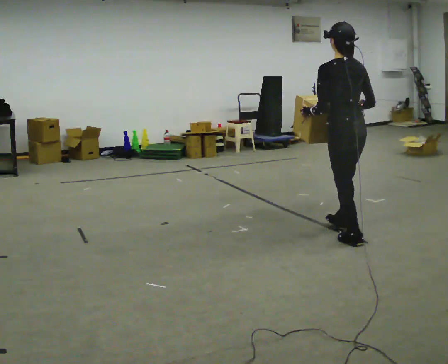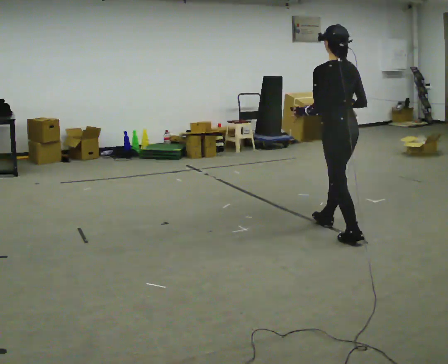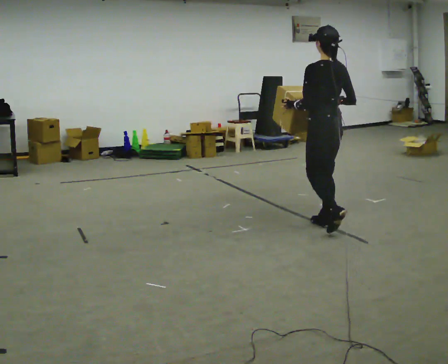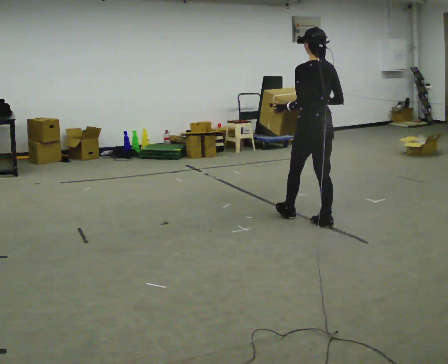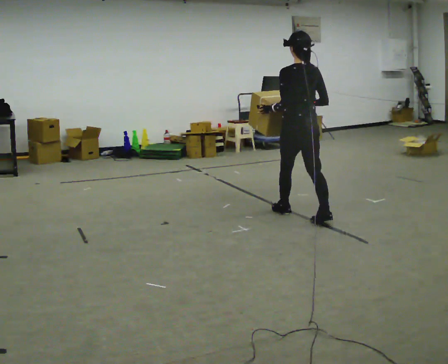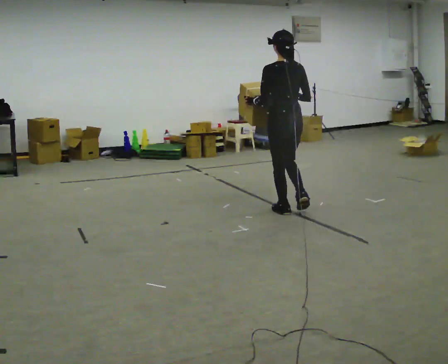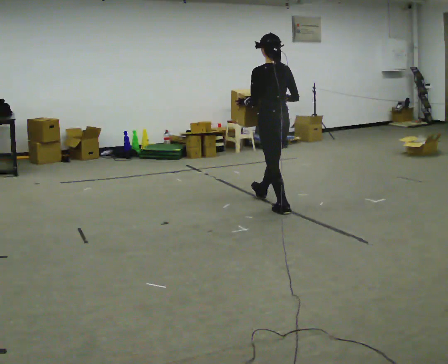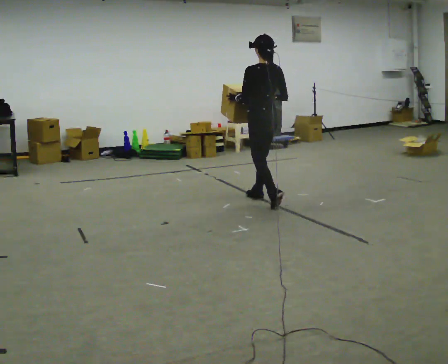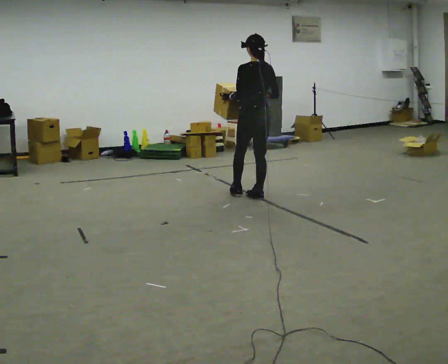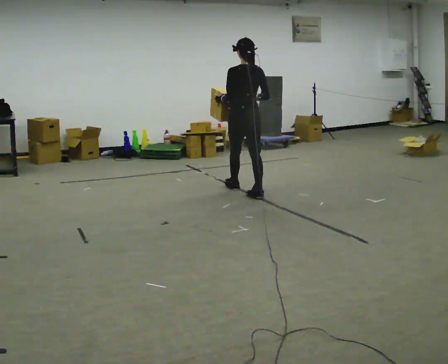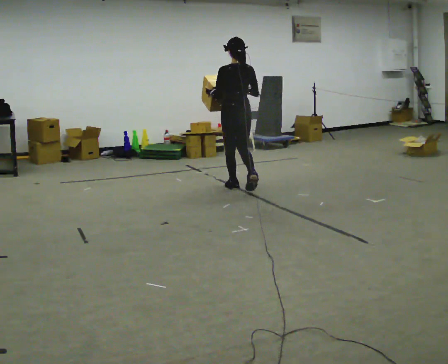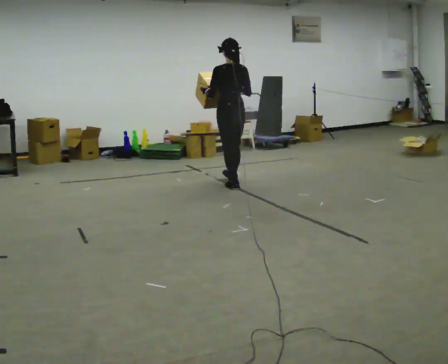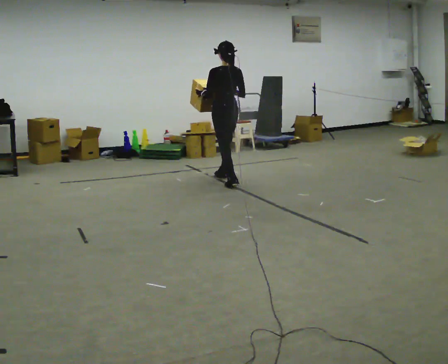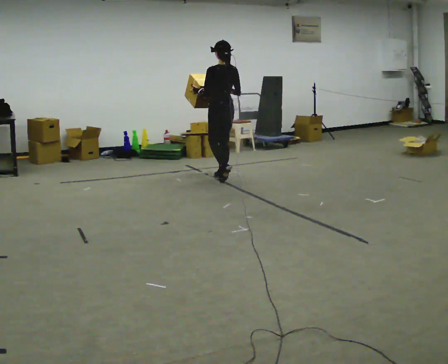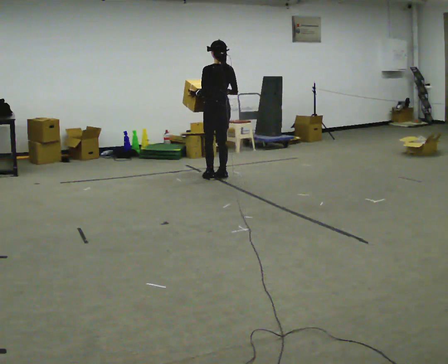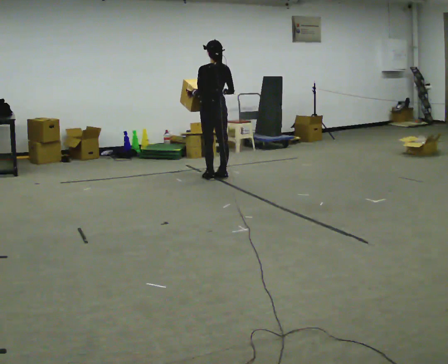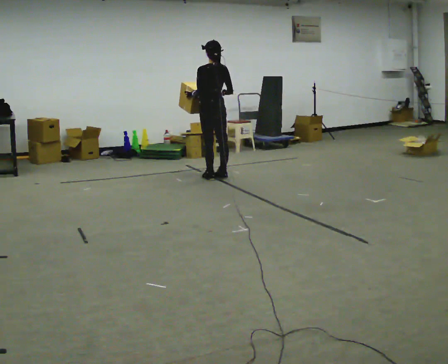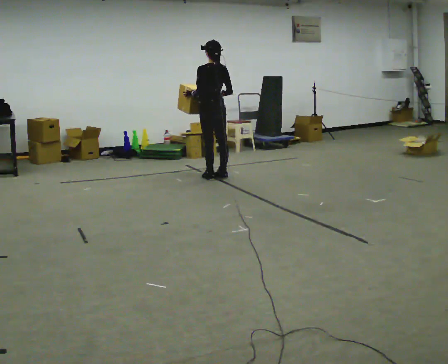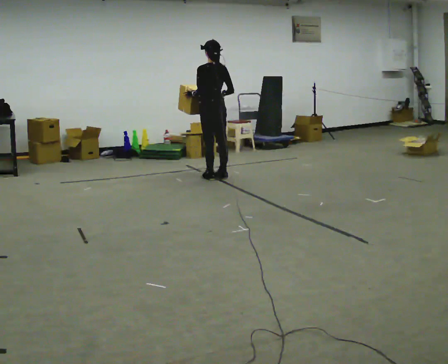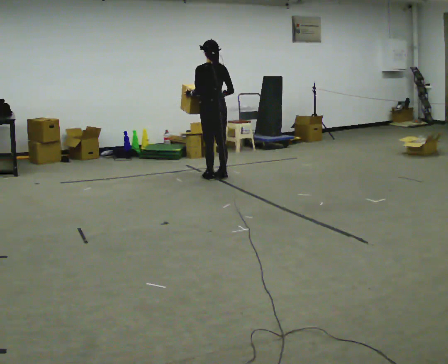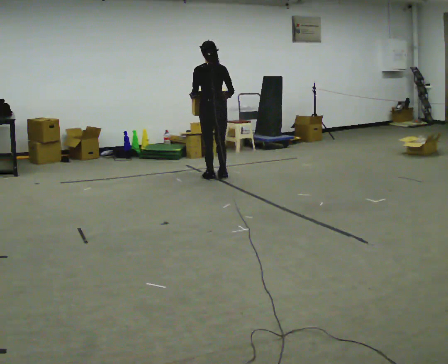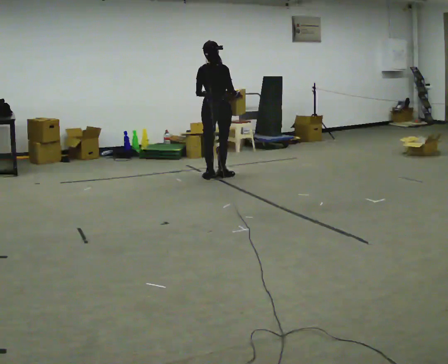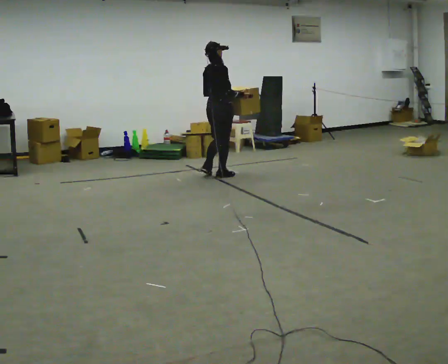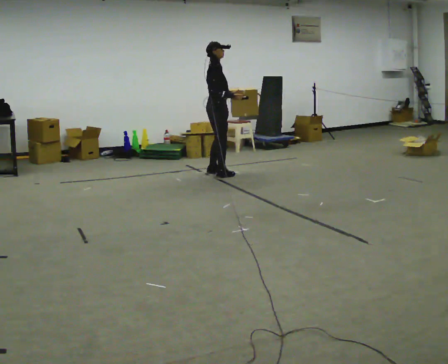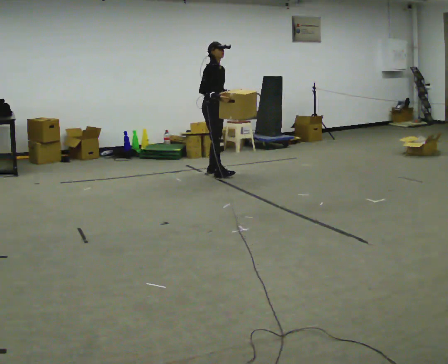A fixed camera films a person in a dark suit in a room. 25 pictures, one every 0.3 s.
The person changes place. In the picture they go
away from the camera.
0.0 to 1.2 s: In the picture they go away from the camera and to the left, about 0.75 m in 2 steps, which for them is forward.
1.2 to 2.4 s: In the picture they go away from the camera and to the left, about 1 m in 1 step, which for them is forward.
2.4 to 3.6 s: In the picture they go away from the camera and to the left, about 0.5 m in 2 steps, which for them is forward.
3.6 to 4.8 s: In the picture they go away from the camera and to the left, about 0.25 m in 1 step, which for them is forward.
4.8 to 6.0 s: The person moves a little, or ends about where they began.
6.0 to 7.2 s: Seen from above the body turns clockwise, about 135 degrees: to their right, with its near side sliding to the left. In the picture they go away from the camera, about 0.25 m in 1 step.
The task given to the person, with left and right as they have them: Carry the box in both hands and walk back and forth across the room. The contents may move around. Carry on as best you can.
The film runs forward here.
